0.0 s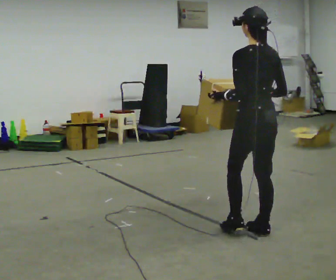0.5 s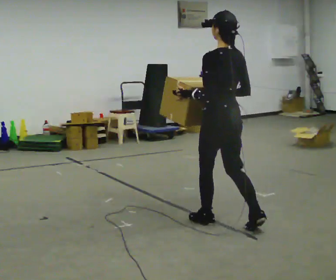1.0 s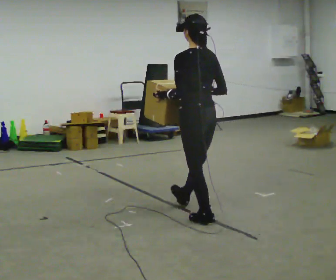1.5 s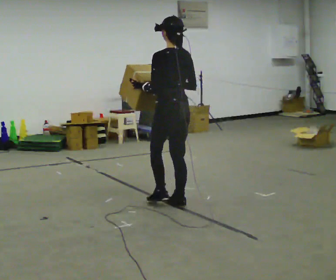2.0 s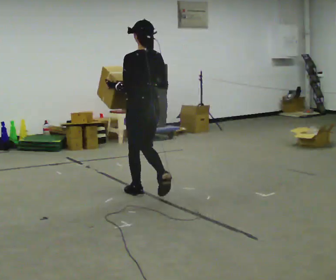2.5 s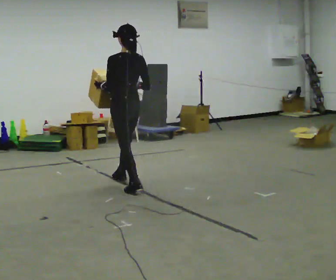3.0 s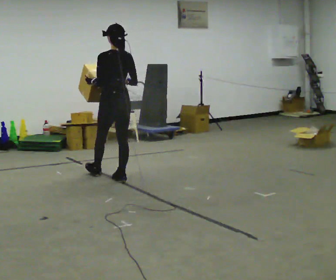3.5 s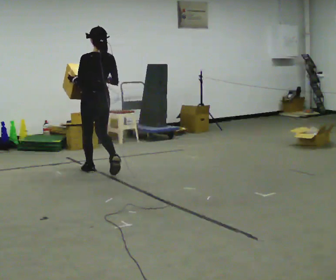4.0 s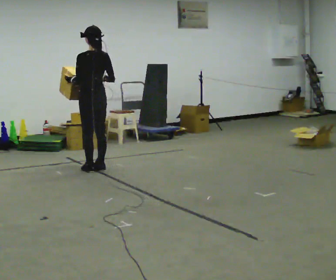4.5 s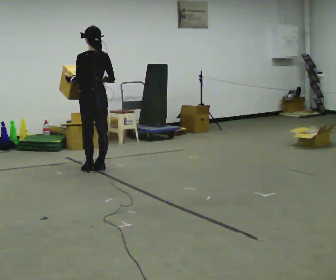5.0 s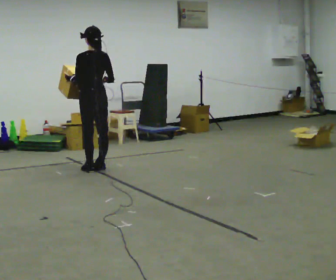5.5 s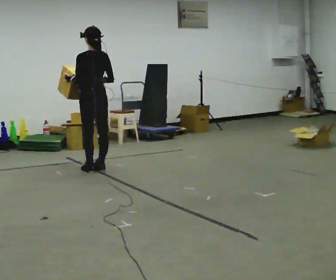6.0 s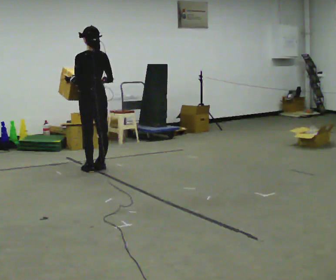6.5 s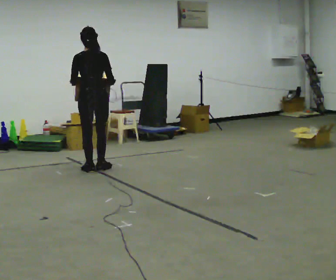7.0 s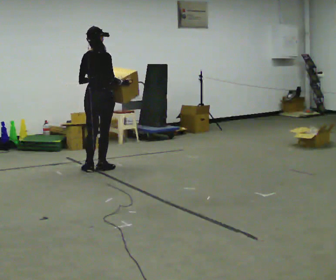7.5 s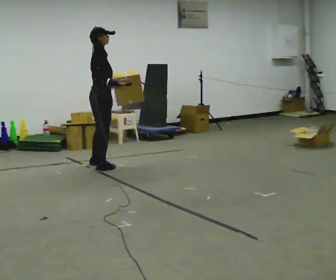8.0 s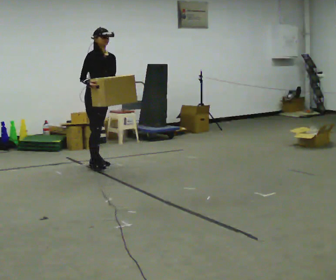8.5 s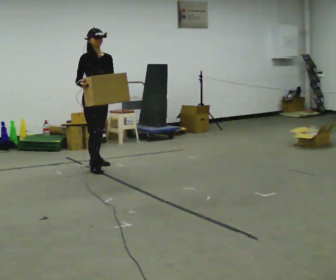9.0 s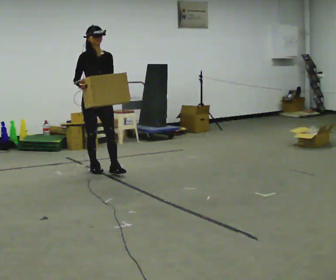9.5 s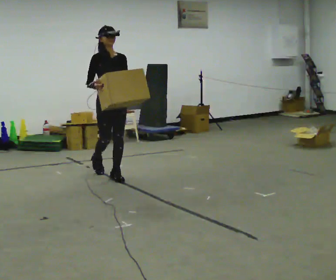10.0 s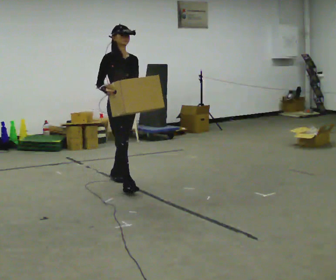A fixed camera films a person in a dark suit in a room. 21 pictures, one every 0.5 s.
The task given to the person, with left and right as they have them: Carry the box in both hands and walk back and forth across the room. The contents may move around. Carry on as best you can.
0.0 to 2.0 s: In the picture they go away from the camera and to the left, about 1.5 m in 3 steps, which for them is forward.
2.0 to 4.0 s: In the picture they go away from the camera and to the left, about 1 m in 3 steps, which for them is forward.
4.0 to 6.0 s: The person moves a little, or ends about where they began.
6.0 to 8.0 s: The person turns about 165 degrees to their right, clockwise seen from above, so the part of the body nearest the lens slides to the left. In the picture they go away from the camera, about 0.25 m in 1 step.
8.0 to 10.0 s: In the picture they go toward the camera, about 1 m in 2 steps, which for them is forward.
The film runs forward here.
